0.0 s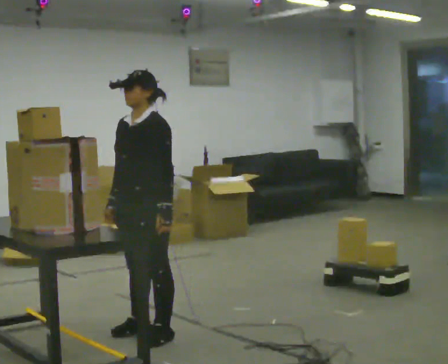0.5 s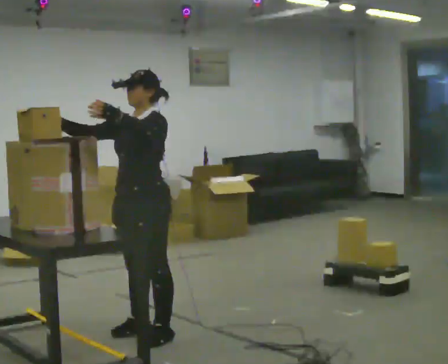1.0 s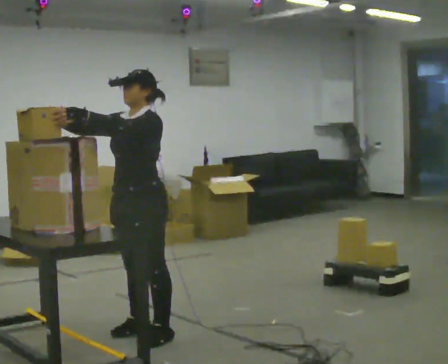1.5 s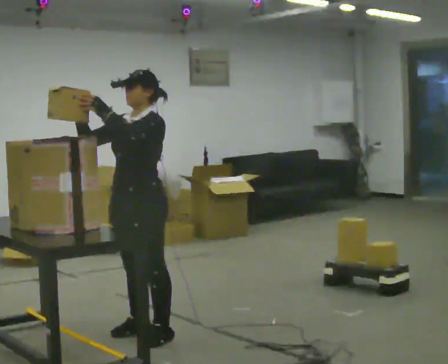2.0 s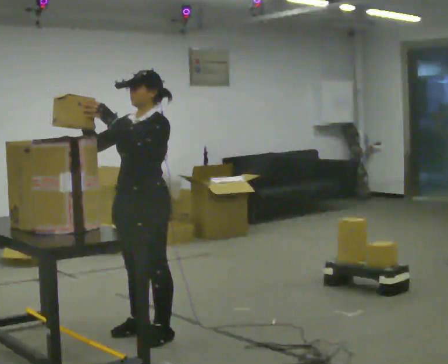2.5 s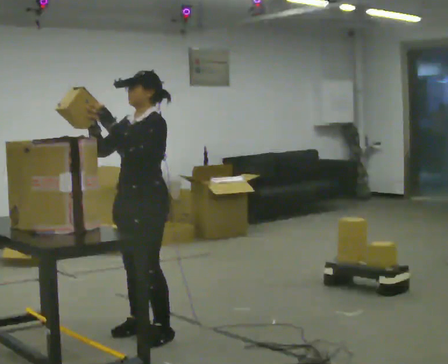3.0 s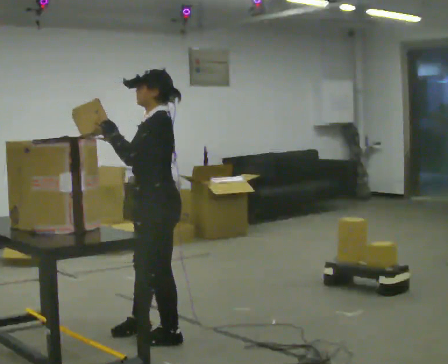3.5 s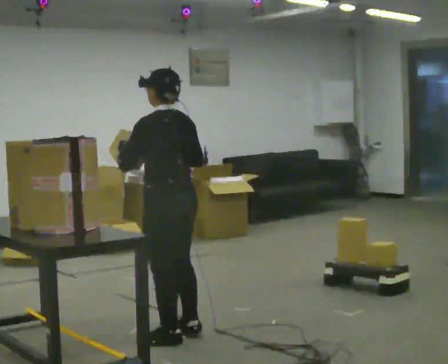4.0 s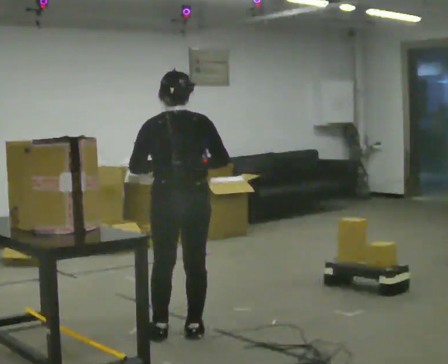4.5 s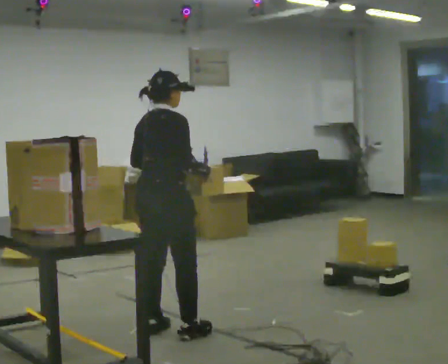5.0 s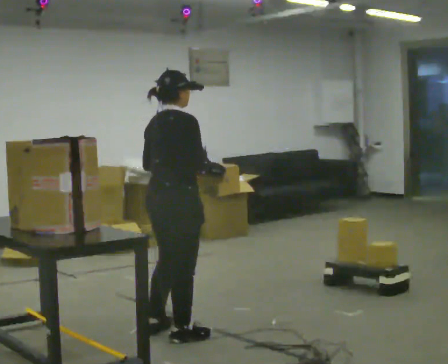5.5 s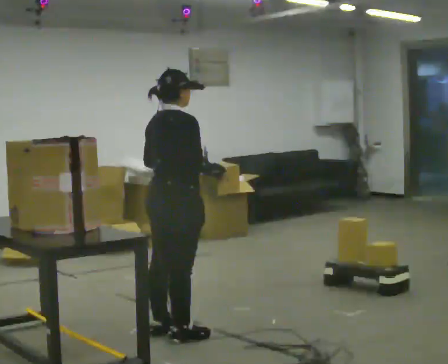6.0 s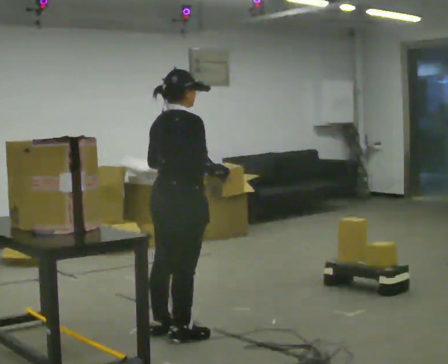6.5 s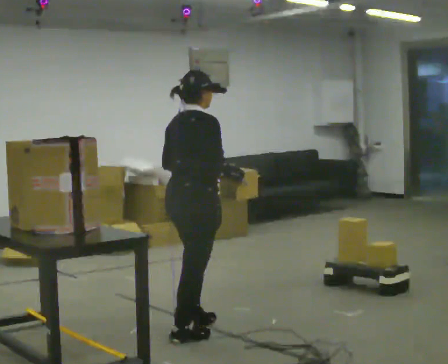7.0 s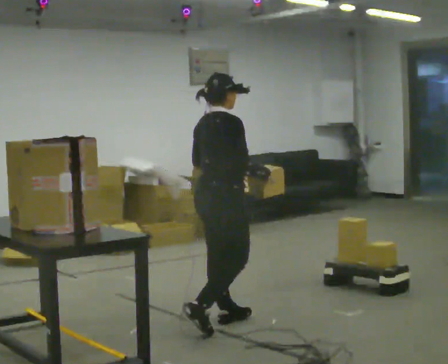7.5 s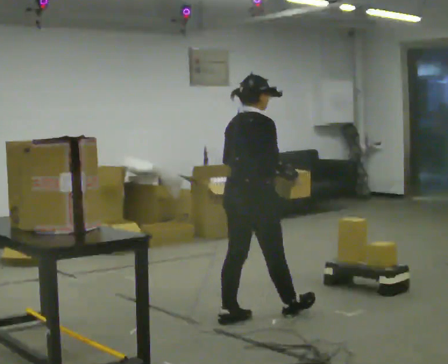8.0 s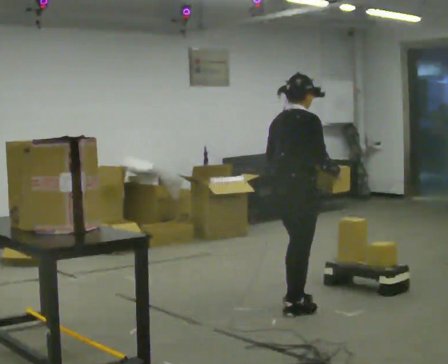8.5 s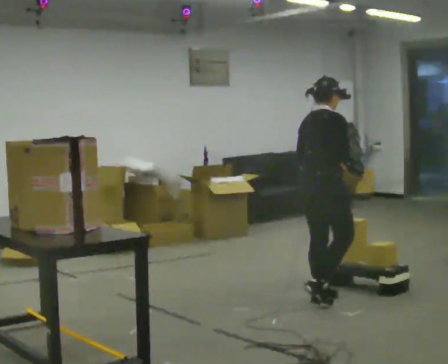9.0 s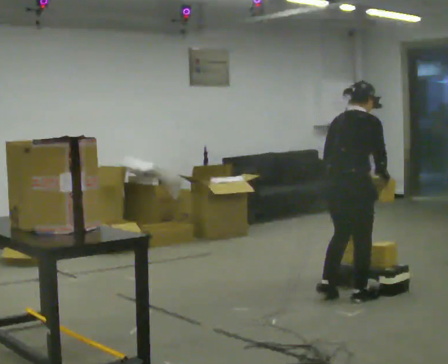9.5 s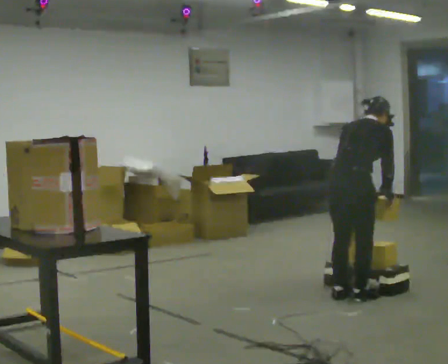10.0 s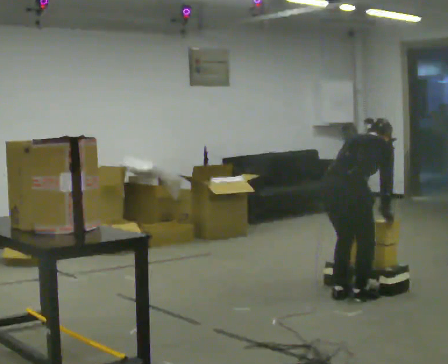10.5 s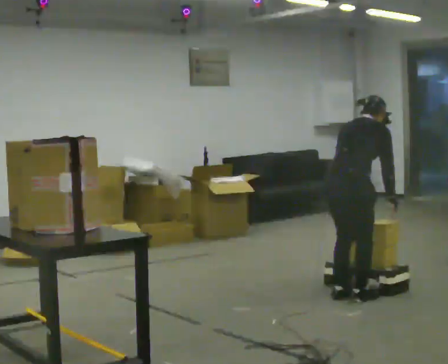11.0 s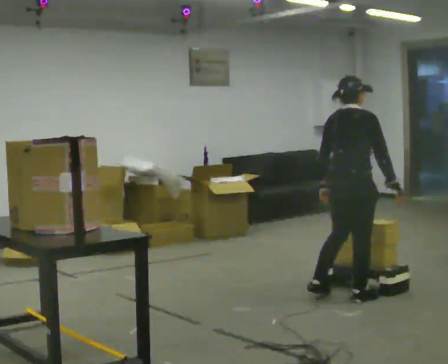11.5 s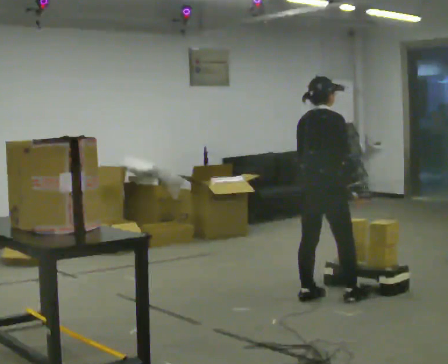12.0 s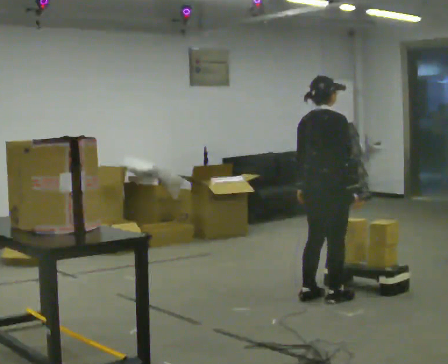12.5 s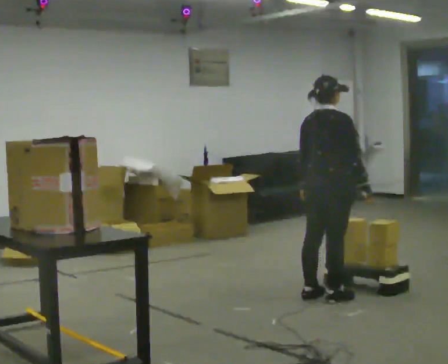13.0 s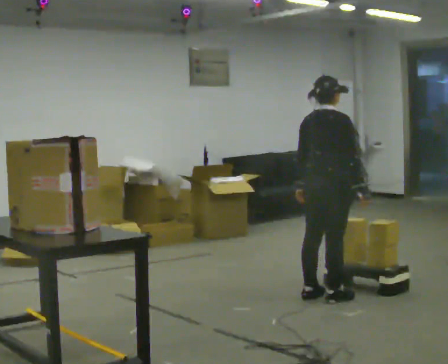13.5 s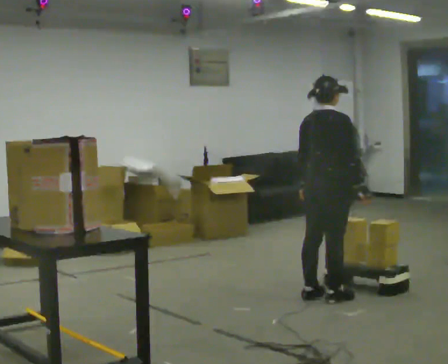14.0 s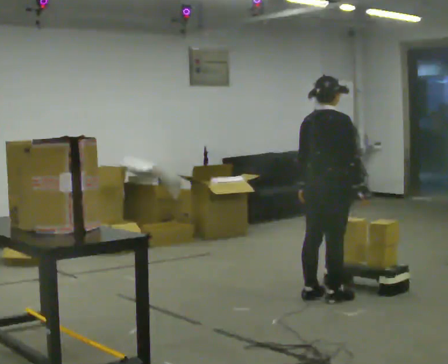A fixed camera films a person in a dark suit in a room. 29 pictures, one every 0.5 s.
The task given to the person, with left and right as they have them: Take an object from the highest shelf you can comfortably reach, carry it across, and place it on the lowest shelf. Keep going until the operator says stop; one object at a time, and do not rush between trips.
0.0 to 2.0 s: In the picture their left hand goes upward.
2.0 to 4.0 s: The part of the body nearest the lens slides to the left as the person turns to their right by about 135 degrees. In the picture they go to the right, about 0.25 m in 1 step. In the picture their right hand goes to the right.
4.0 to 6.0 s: Seen from above the body turns clockwise, about 45 degrees: to their right, with its near side sliding to the left.
6.0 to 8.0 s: In the picture they go to the right and away from the camera, about 1 m in 2 steps, which for them is forward.
8.0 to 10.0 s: In the picture they go to the right and away from the camera, about 0.5 m in 3 steps, which for them is forward. The upper body goes downward. In the picture the upper body tilts clockwise, shoulders to the right, as they bend forward. In the picture their left hand goes downward.
10.0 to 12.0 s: The shoulders move upward. In the picture the upper body tilts counterclockwise, shoulders to the left, as they lean back or straighten. In the picture their left hand goes to the left.
12.0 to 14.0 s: The person moves a little, or ends about where they began.
The film runs forward here.
